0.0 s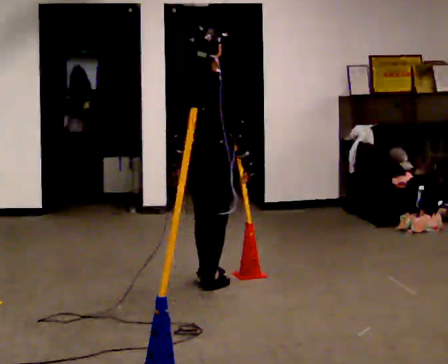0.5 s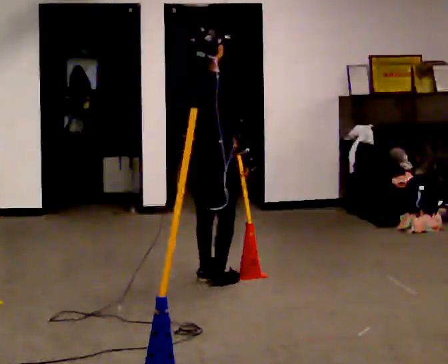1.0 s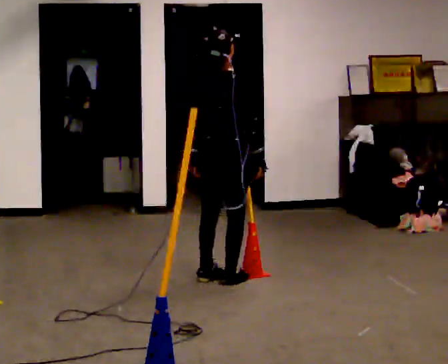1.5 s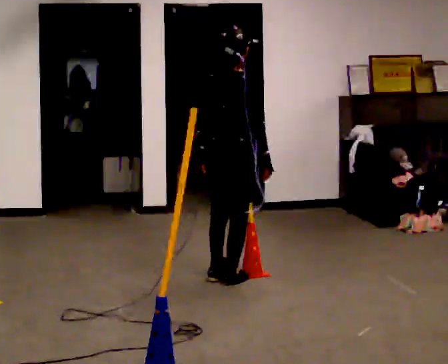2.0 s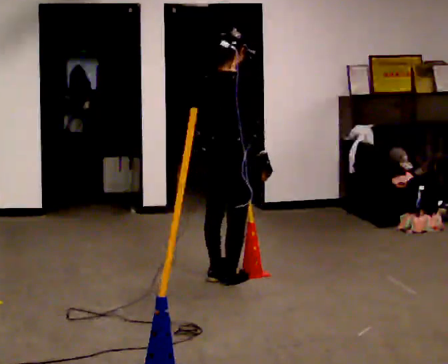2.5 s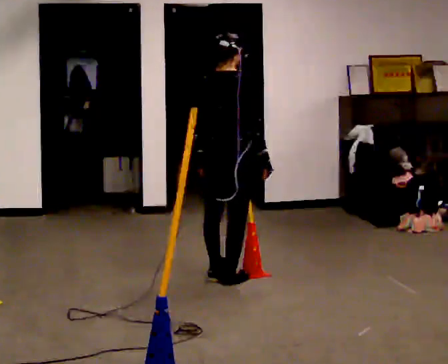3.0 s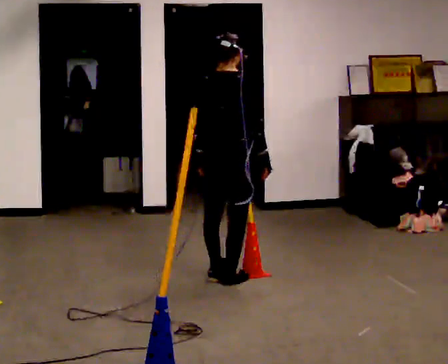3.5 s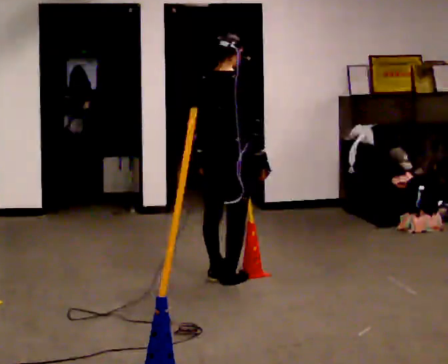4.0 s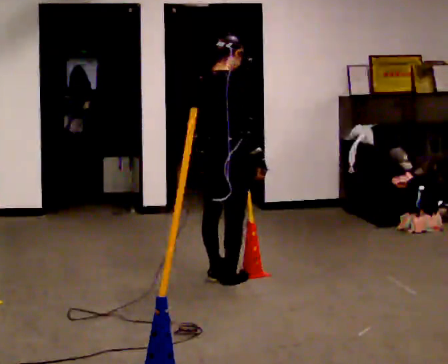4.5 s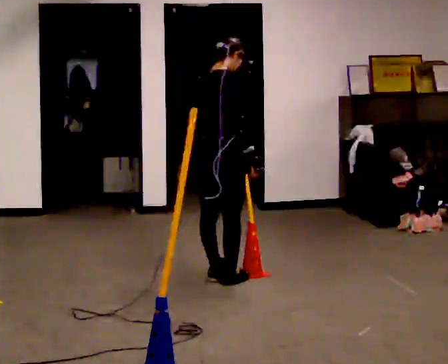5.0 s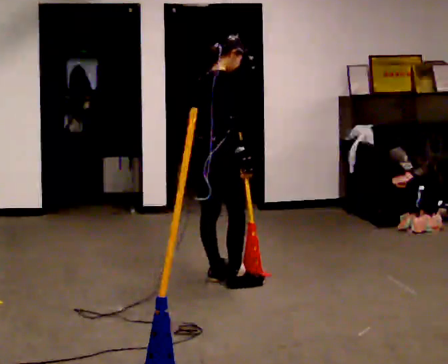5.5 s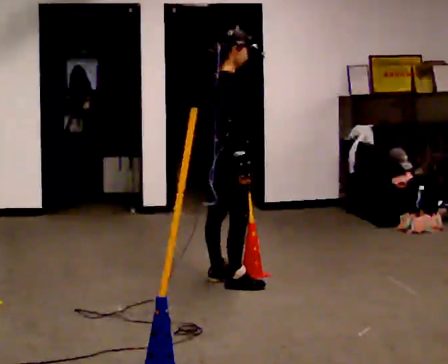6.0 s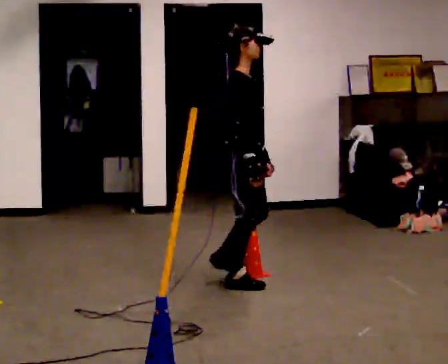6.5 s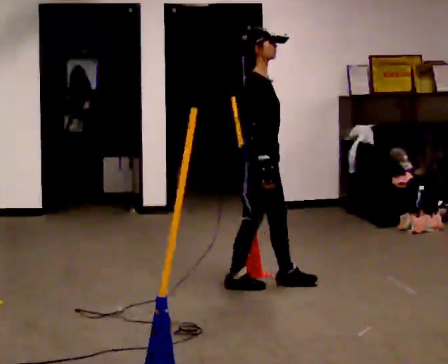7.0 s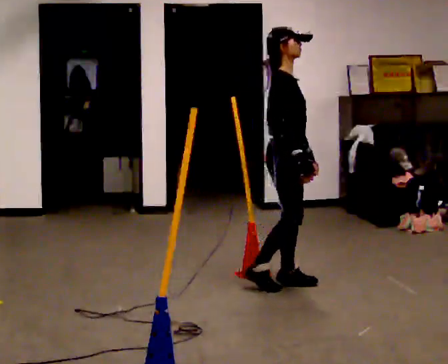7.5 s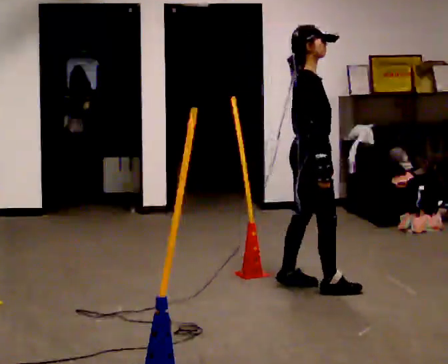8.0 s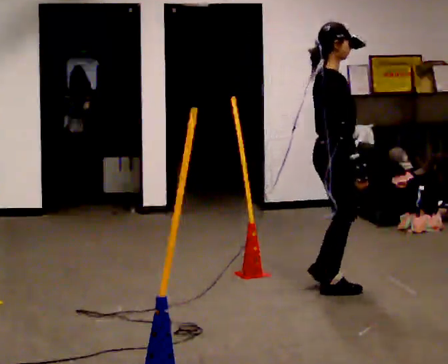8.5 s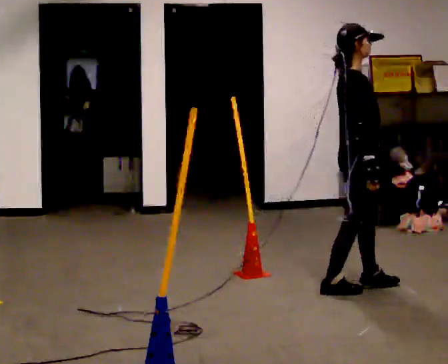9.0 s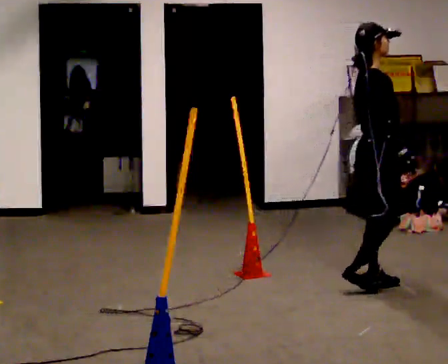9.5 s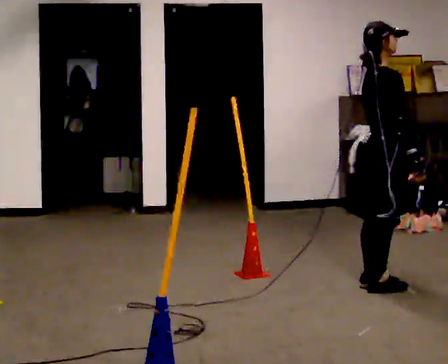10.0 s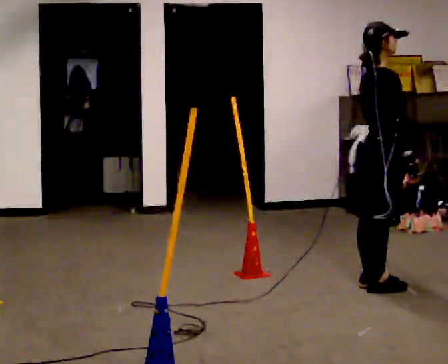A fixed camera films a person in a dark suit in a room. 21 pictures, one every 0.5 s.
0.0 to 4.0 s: The person moves a little, or ends about where they began.
4.0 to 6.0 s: Seen from above the body turns clockwise, about 60 degrees: to their right, with its near side sliding to the left. In the picture their left hand goes to the right.
6.0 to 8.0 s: In the picture they go to the right, about 0.5 m in 2 steps, which for them is forward.
8.0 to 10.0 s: In the picture they go to the right, about 0.25 m in 2 steps, which for them is forward.
The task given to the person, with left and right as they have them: Walk back and forth across the room at a normal pace, looking ahead. There may be something on the floor. Recover however comes naturally and carry on.
The film runs forward here.
